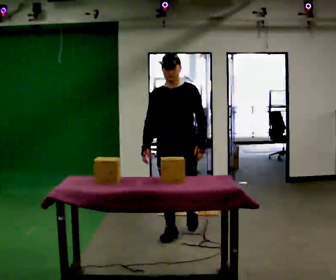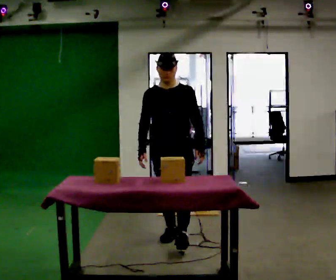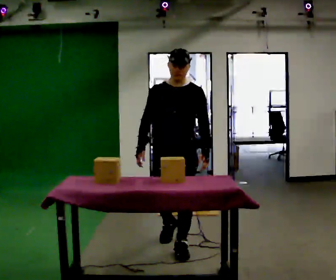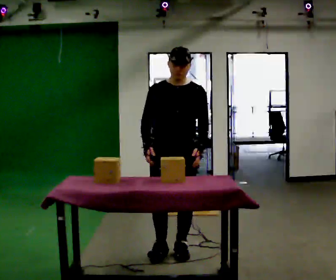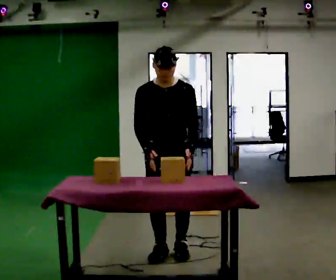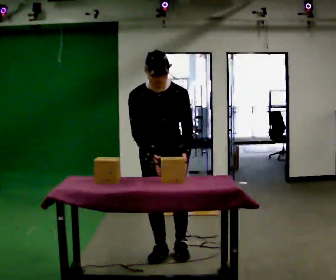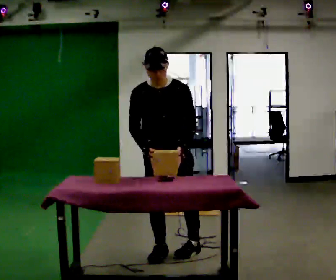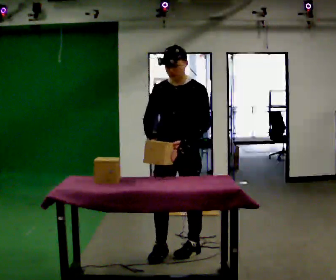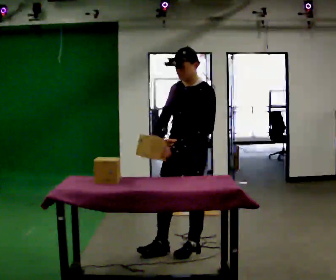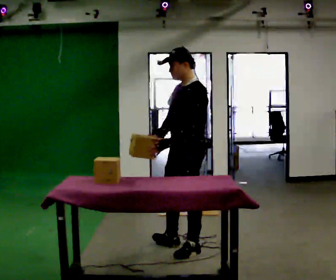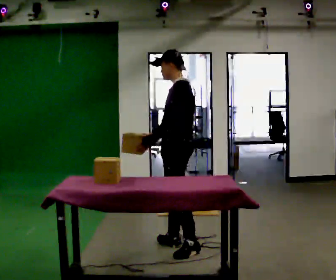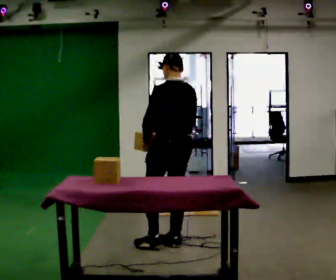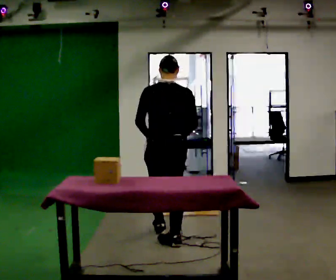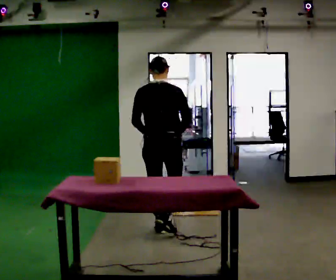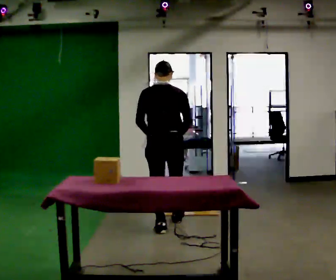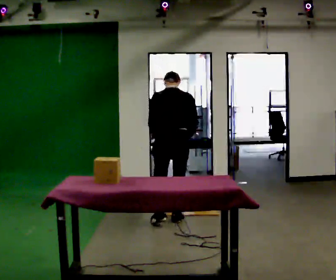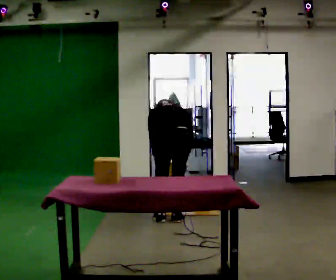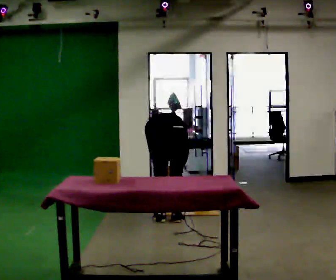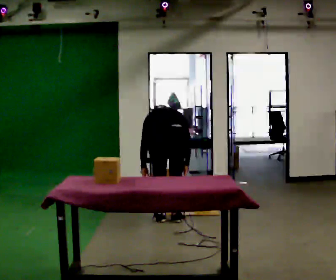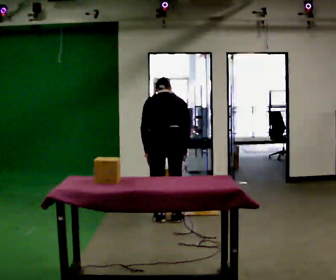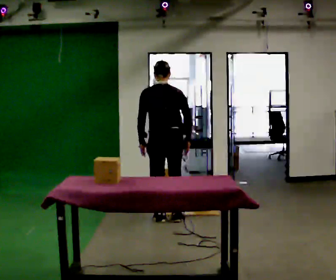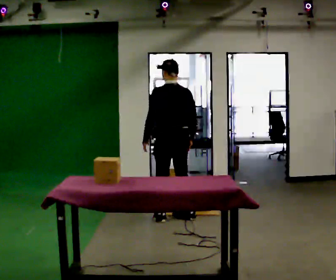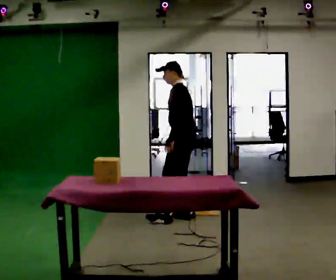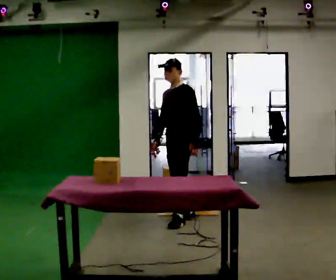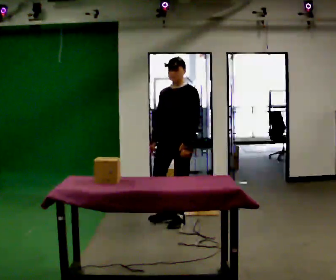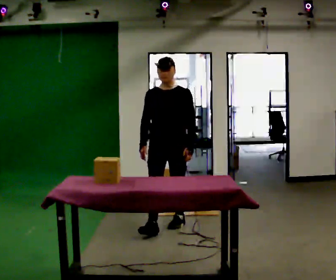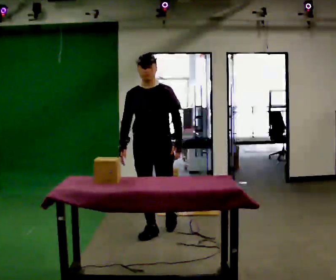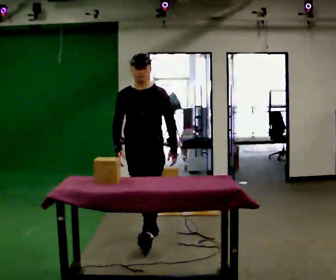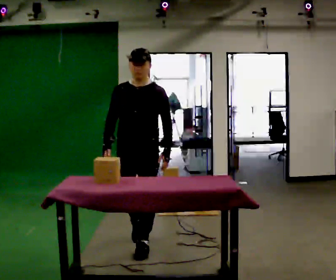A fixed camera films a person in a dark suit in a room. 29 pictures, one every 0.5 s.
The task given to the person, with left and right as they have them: 1. Bring the boxes over from the shelf one at a time. 2. Stack them on the pallet with the heaviest at the bottom. 3. Do not stack more than three high. 4. Tell the operator when you are finished.
0.0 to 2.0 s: In the picture they go toward the camera, about 0.5 m in 2 steps, which for them is forward.
2.0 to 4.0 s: The person turns about 45 degrees to their right, clockwise seen from above, so the part of the body nearest the lens slides to the left. In the picture they go to the right, about 0.25 m, which for them is to their left.
4.0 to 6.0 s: The person turns about 135 degrees to their right, clockwise seen from above, so the part of the body nearest the lens slides to the left. In the picture they go away from the camera and to the left, about 0.5 m in 2 steps.
6.0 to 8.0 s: In the picture they go away from the camera, about 0.75 m in 2 steps, which for them is forward. The shoulders move downward. The upper body tips away from the camera, its near side rolling upward, as they bend forward. In the picture their left hand goes downward.
8.0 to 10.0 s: The person moves a little, or ends about where they began.
10.0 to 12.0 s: The part of the body nearest the lens slides to the right as the person turns to their left by about 135 degrees. In the picture they go toward the camera, about 0.25 m in 2 steps. In the picture their left hand goes to the right.
12.0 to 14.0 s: In the picture they go toward the camera, about 1 m in 2 steps, which for them is forward.
The film runs forward here.
